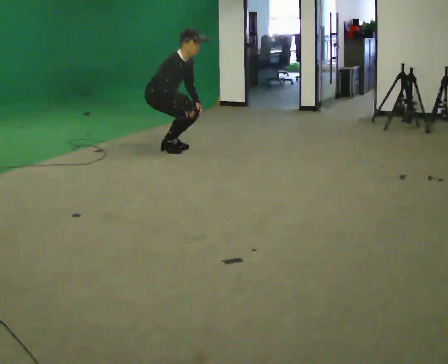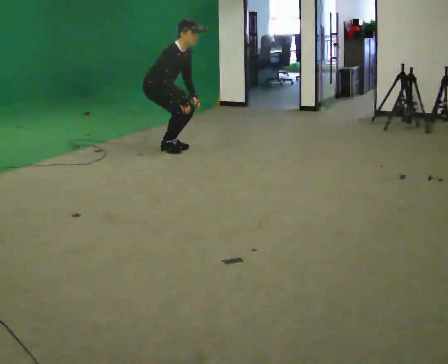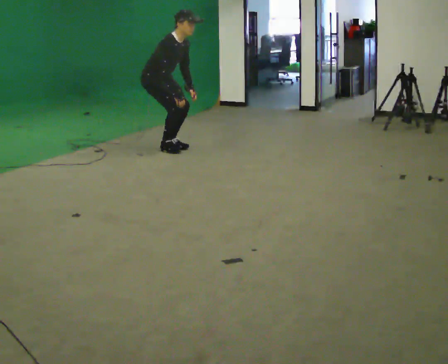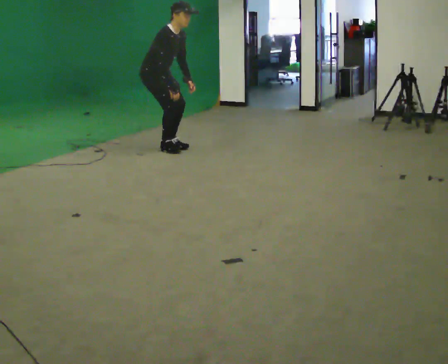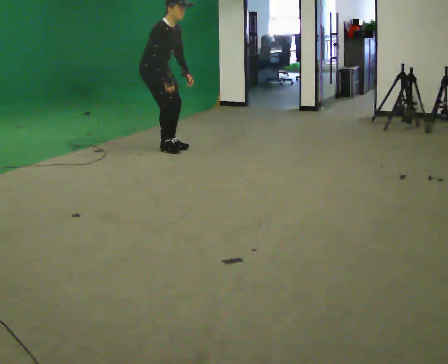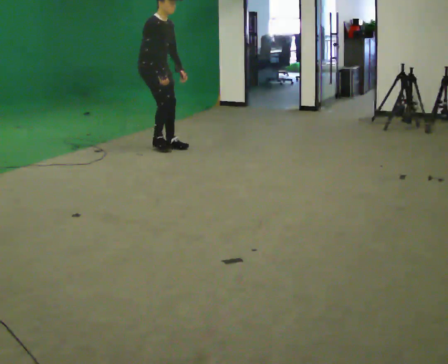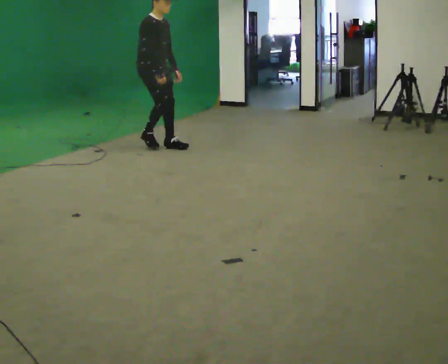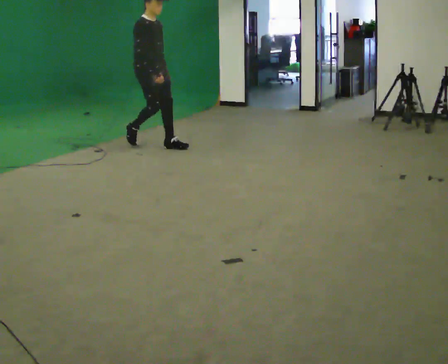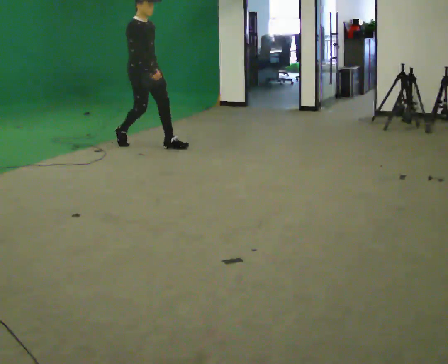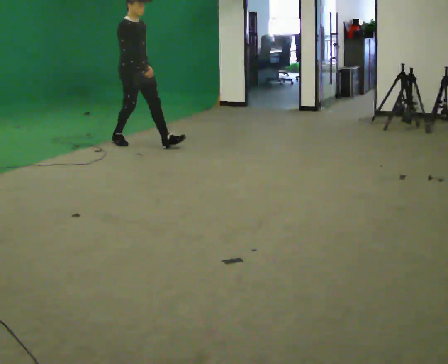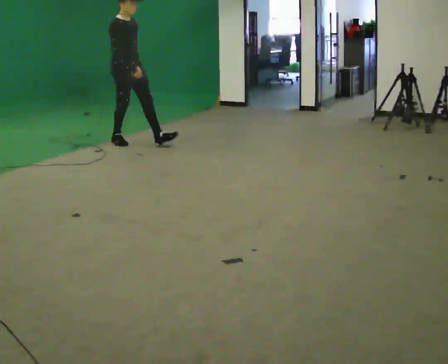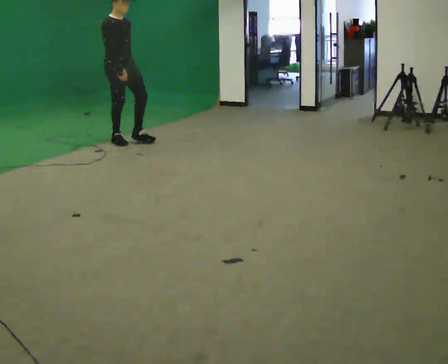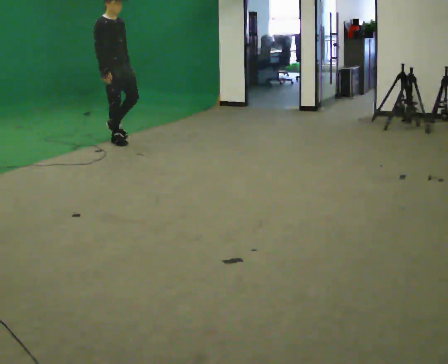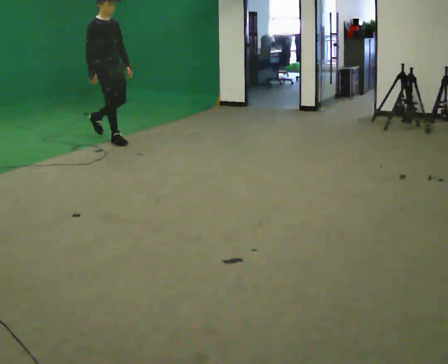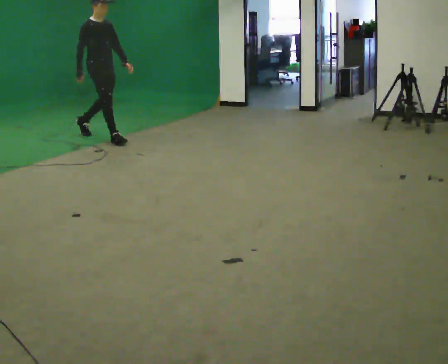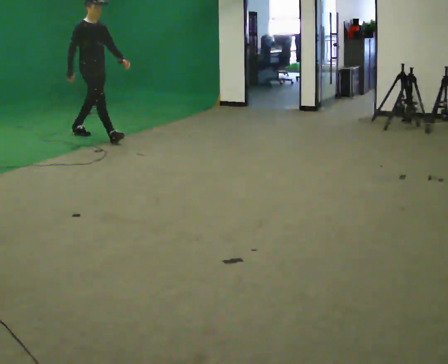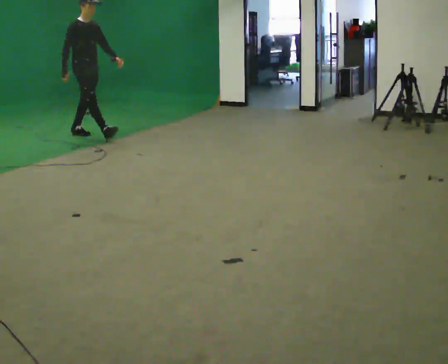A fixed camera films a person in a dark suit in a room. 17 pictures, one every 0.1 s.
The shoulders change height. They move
upward.
Their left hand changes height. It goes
upward.
0.0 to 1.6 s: In the picture they go to the left and away from the camera, about 1 m in 3 steps, which for them is backward. The shoulders move upward. In the picture the upper body tilts counterclockwise, shoulders to the left, as they lean back or straighten. In the picture their right hand goes upward.
The film runs backward here.
